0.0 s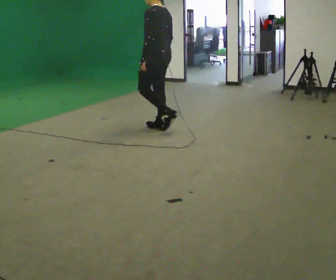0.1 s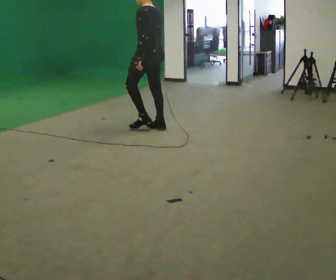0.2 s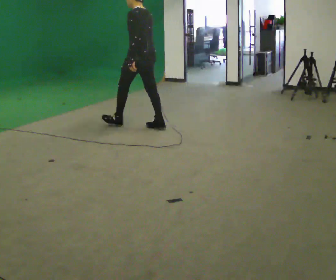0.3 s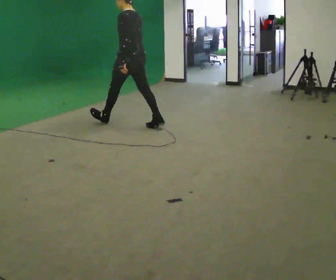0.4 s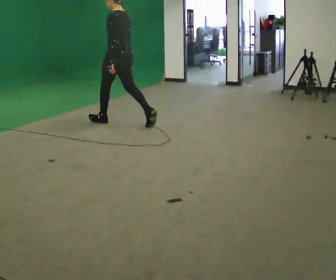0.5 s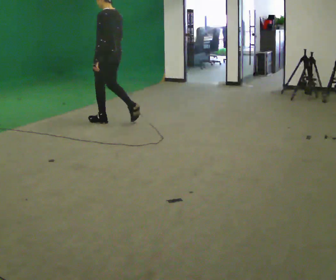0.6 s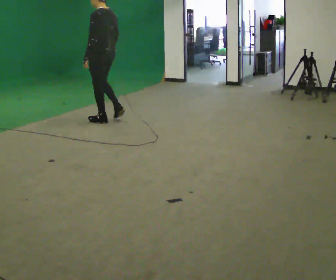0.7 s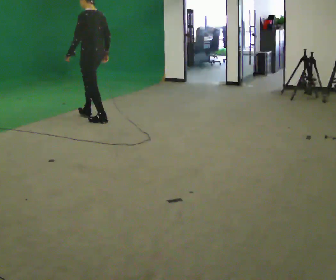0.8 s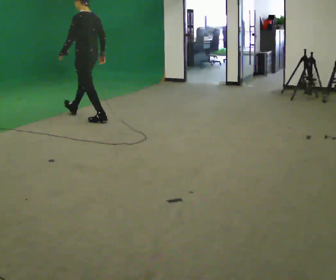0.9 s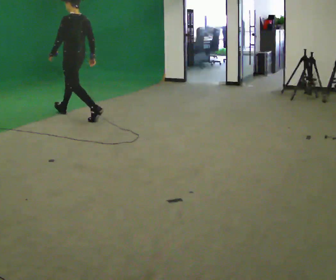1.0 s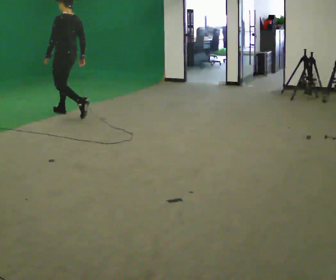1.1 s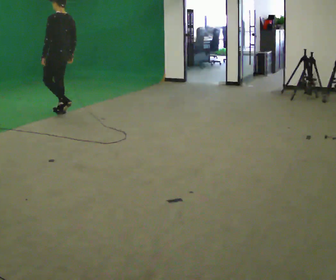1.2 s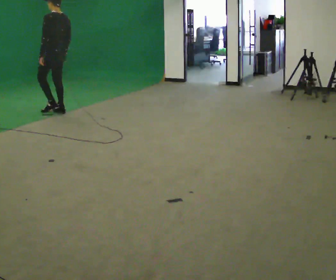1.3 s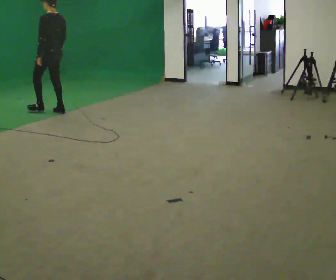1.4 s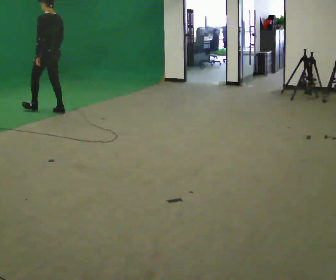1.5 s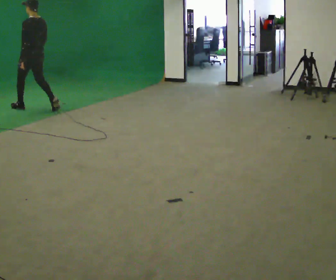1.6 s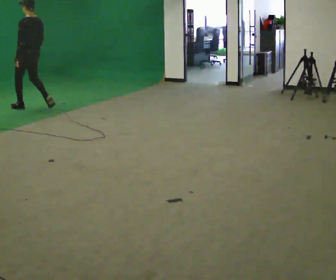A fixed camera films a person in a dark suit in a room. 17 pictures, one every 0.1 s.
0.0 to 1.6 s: In the picture they go to the left and away from the camera, about 2 m in 3 steps, which for them is forward.
The film runs forward here.
